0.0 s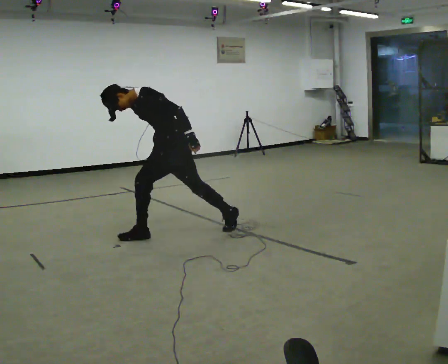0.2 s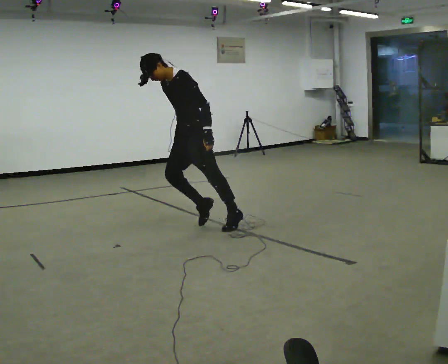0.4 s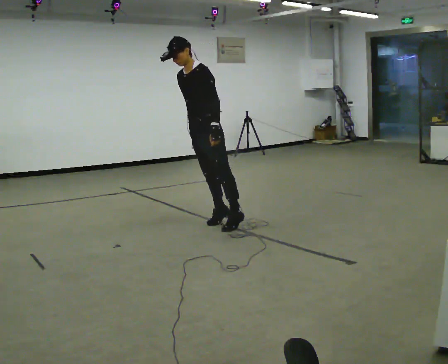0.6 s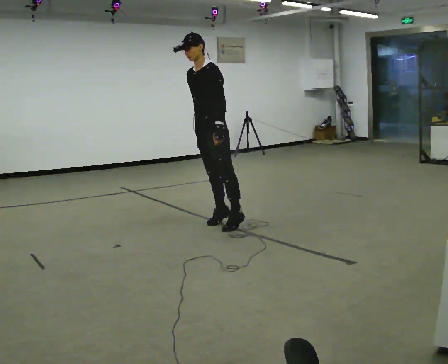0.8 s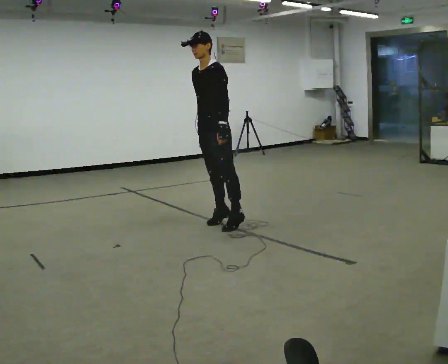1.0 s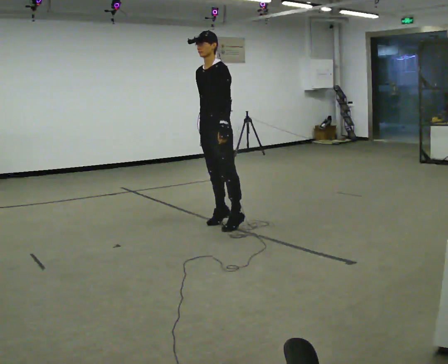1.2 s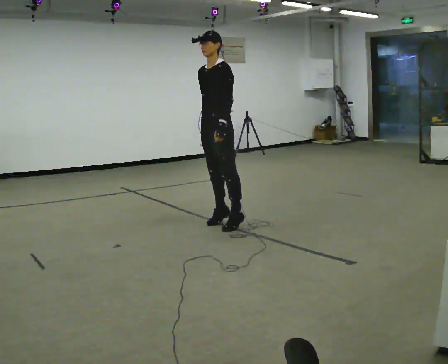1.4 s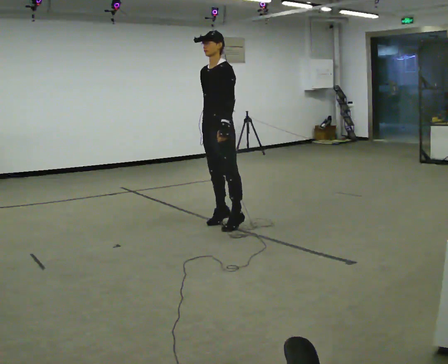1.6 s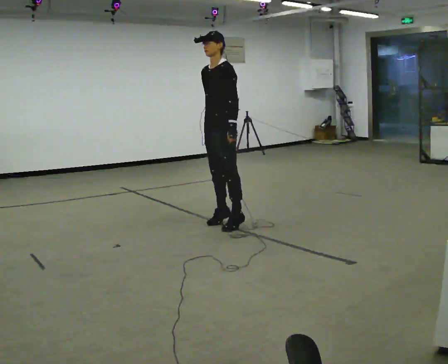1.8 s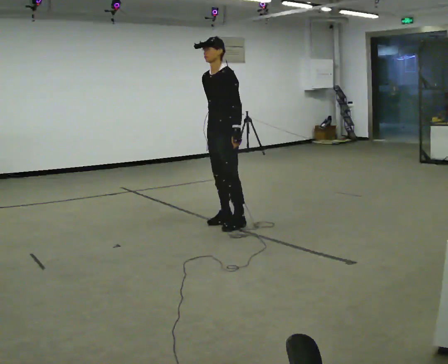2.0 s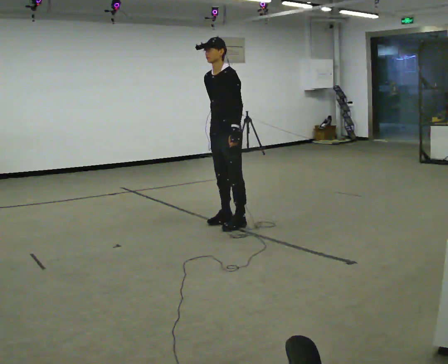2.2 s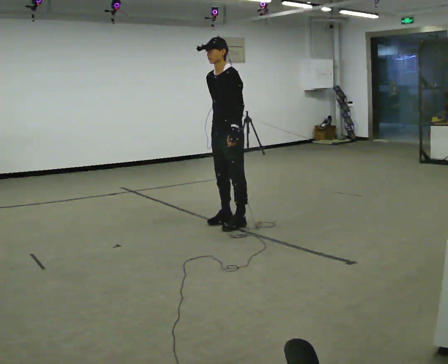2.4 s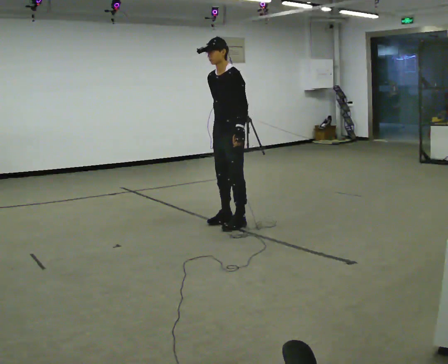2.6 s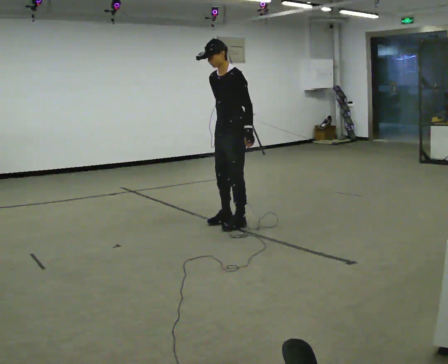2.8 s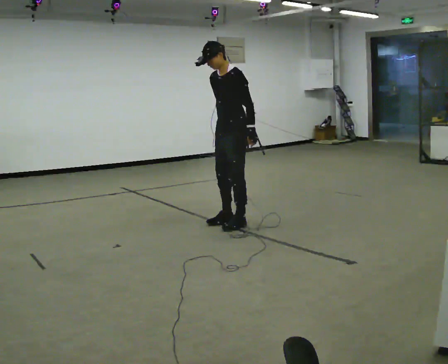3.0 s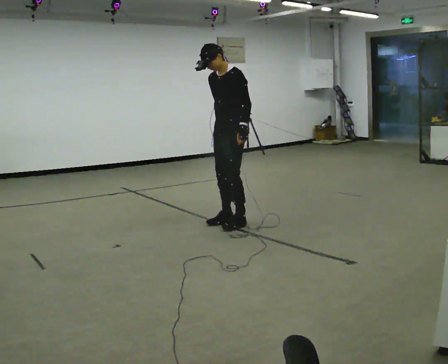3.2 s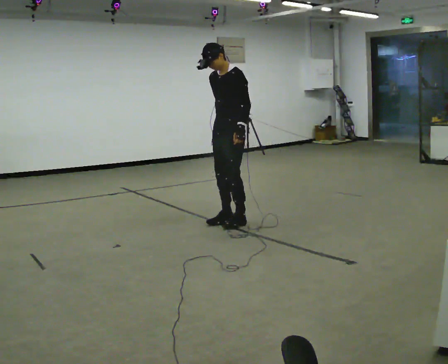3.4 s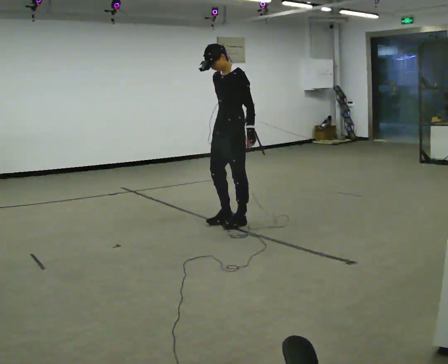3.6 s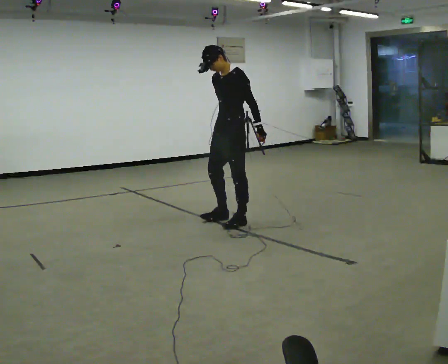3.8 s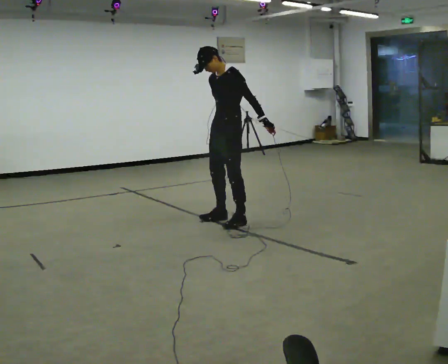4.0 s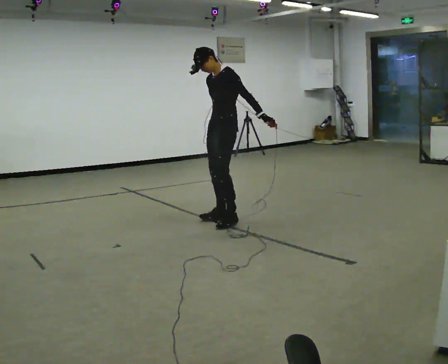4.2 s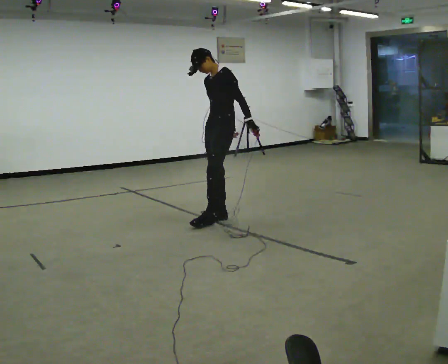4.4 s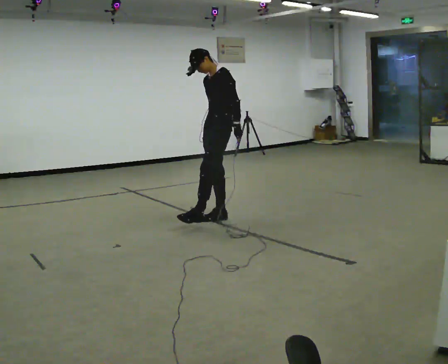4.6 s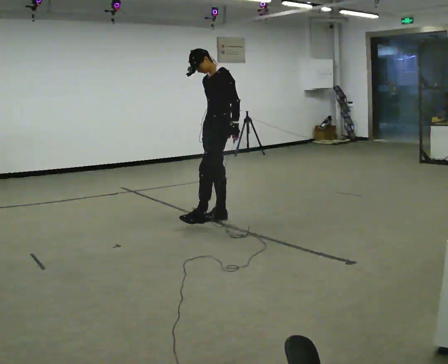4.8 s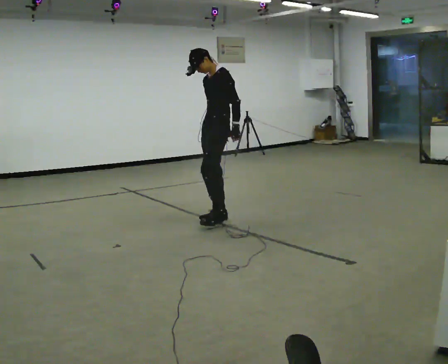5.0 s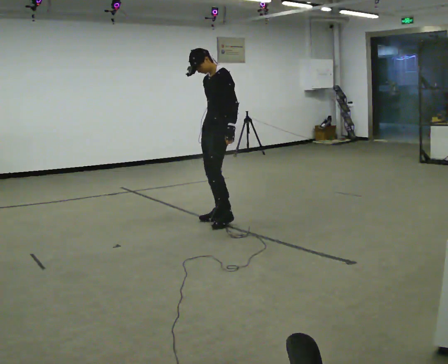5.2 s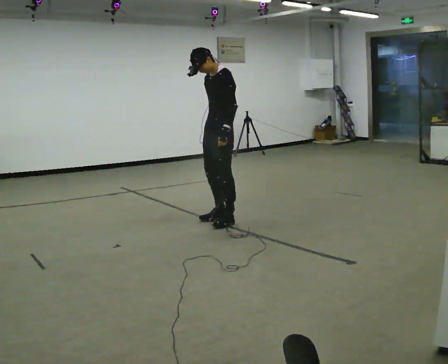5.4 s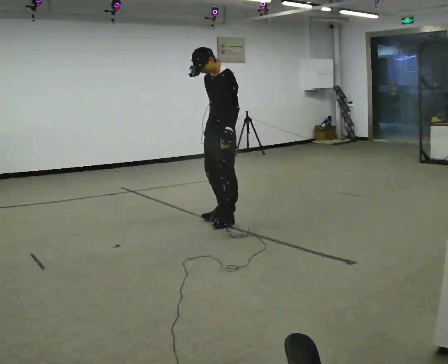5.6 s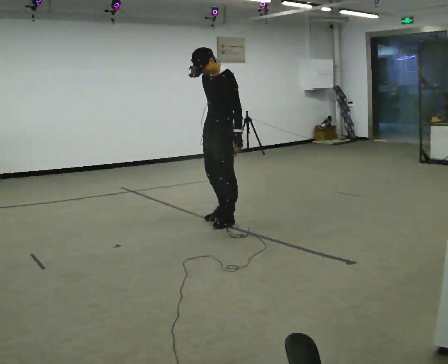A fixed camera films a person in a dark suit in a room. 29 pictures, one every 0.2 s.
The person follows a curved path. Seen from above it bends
counterclockwise.
0.0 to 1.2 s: In the picture they go to the right and away from the camera, about 0.5 m, which for them is backward. The shoulders move upward. In the picture the upper body tilts clockwise, shoulders to the right, as they lean back or straighten.
1.2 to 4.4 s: In the picture they go away from the camera, about 0.25 m in 1 step, which for them is backward and to their right.
4.4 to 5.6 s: In the picture they go toward the camera, about 0.25 m in 2 steps, which for them is to their left.
The film runs backward here.
